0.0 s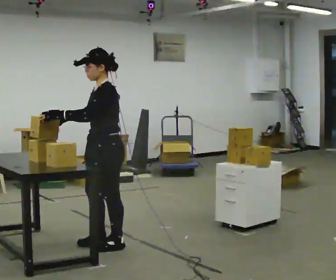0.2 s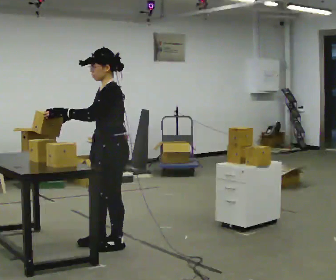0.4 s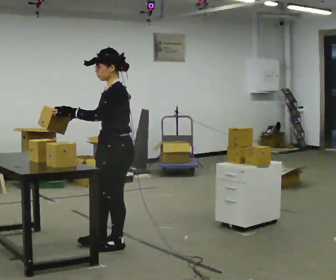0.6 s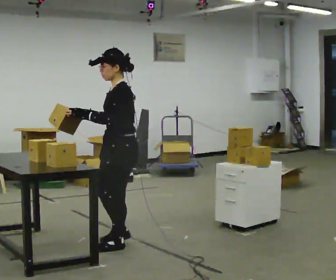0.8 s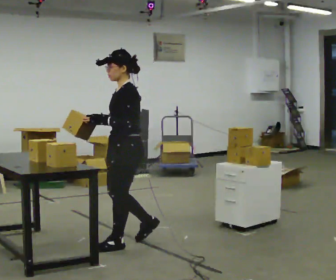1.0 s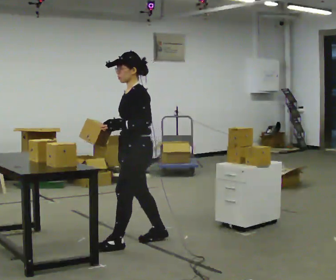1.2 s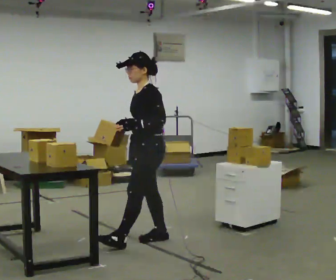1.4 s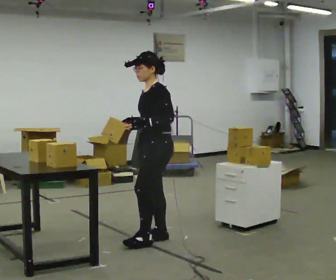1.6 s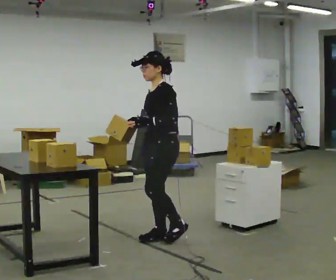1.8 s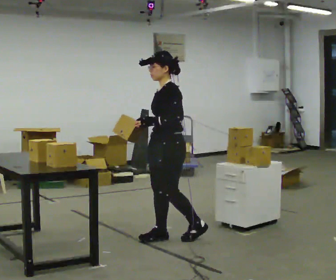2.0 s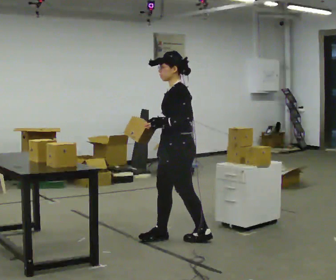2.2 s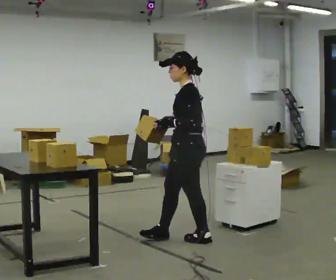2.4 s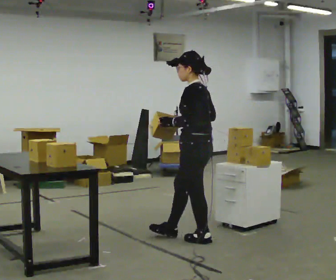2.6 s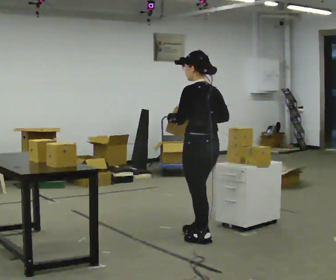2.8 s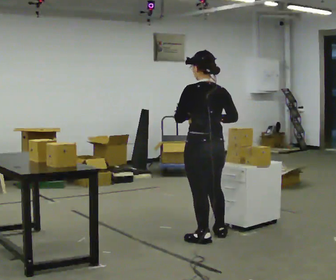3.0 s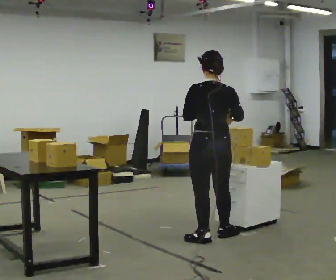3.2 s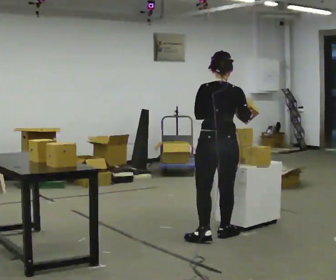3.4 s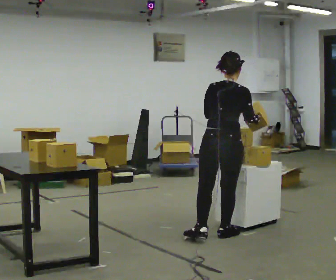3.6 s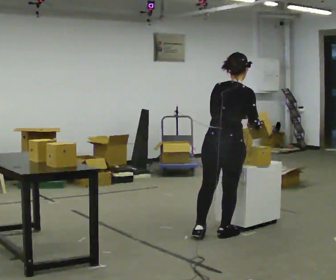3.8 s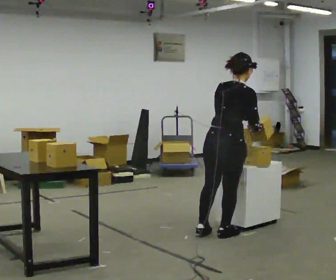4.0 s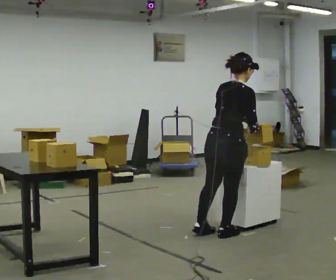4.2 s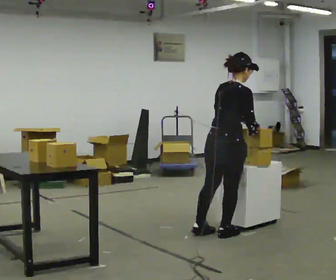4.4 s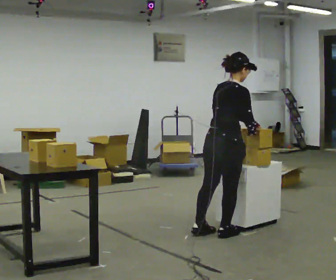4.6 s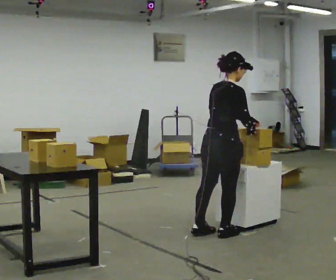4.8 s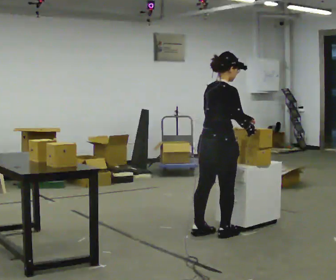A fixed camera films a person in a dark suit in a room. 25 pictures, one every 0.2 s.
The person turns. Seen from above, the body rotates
clockwise.
The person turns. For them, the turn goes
to their right.
0.0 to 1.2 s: In the picture they go to the right and away from the camera, about 0.25 m in 2 steps, which for them is backward.
1.2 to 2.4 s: The person turns about 45 degrees to their right, clockwise seen from above, so the part of the body nearest the lens slides to the left. In the picture they go to the right, about 0.5 m in 1 step, which for them is backward and to their left.
2.4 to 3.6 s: The part of the body nearest the lens slides to the left as the person turns to their right by about 90 degrees. In the picture they go to the right, about 0.25 m in 1 step.
3.6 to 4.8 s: Seen from above the body turns clockwise, about 30 degrees: to their right, with its near side sliding to the left.
The film runs backward here.
